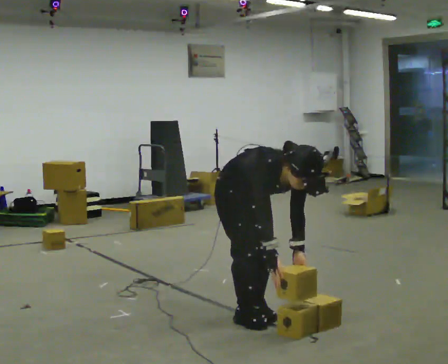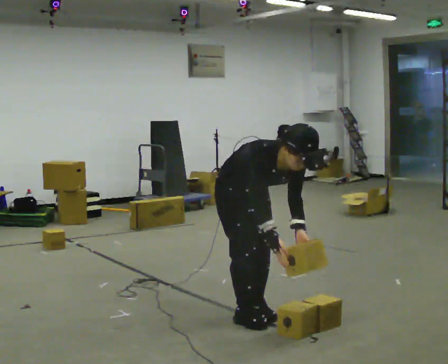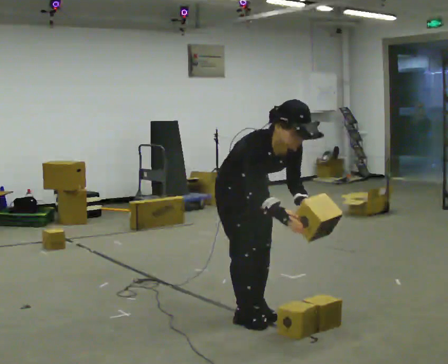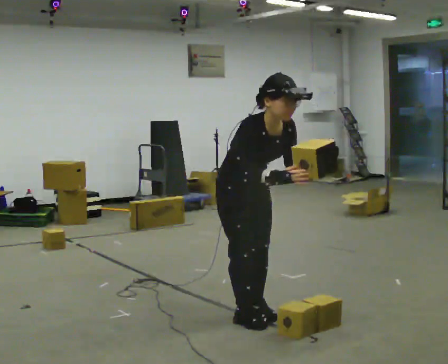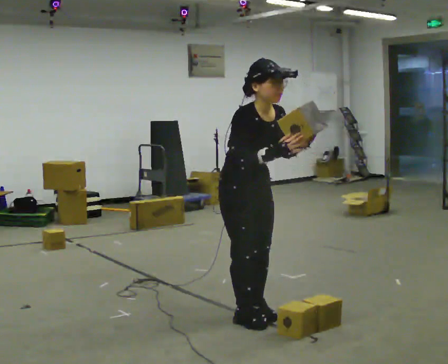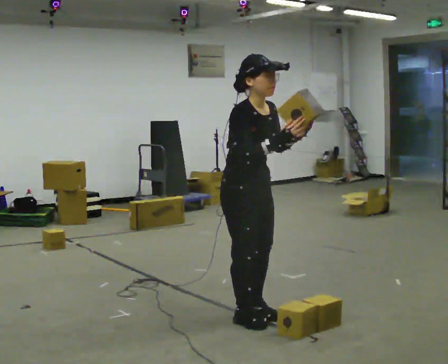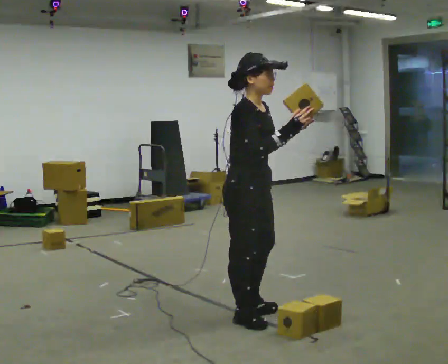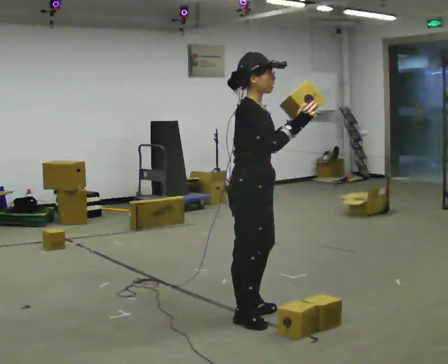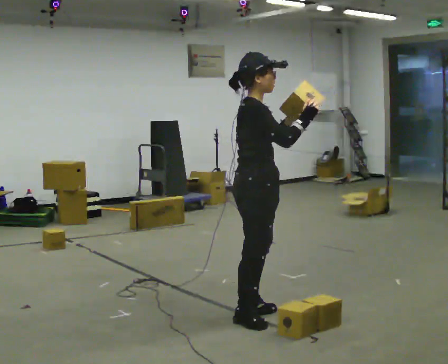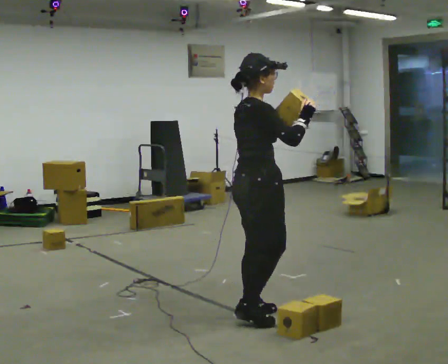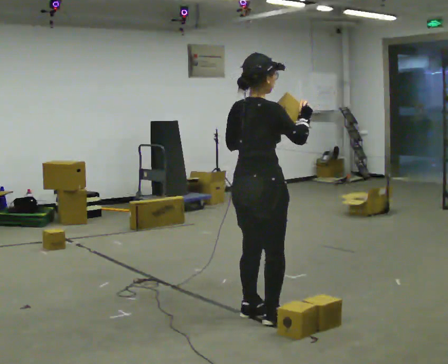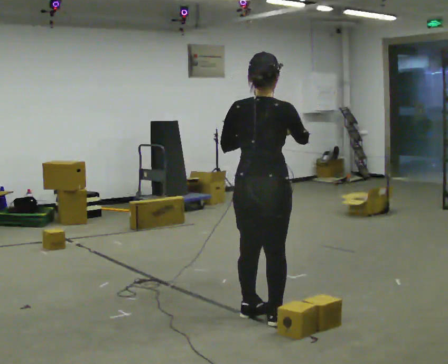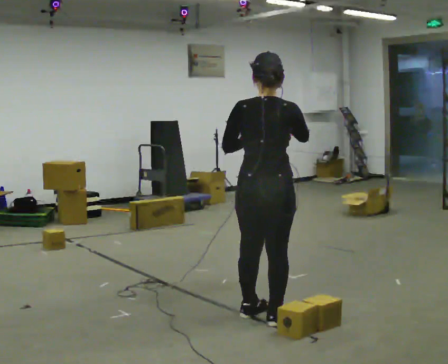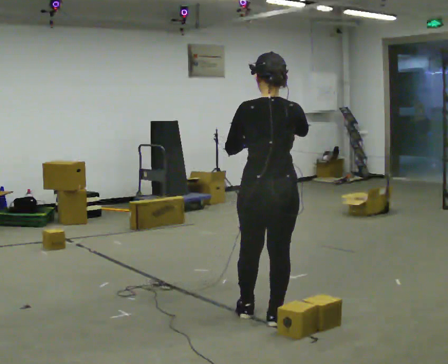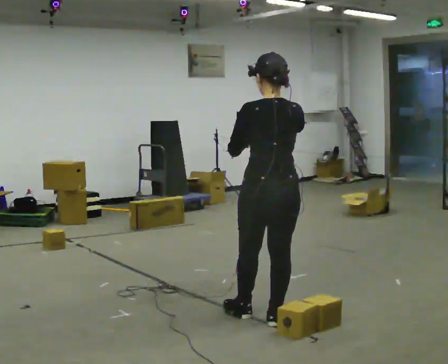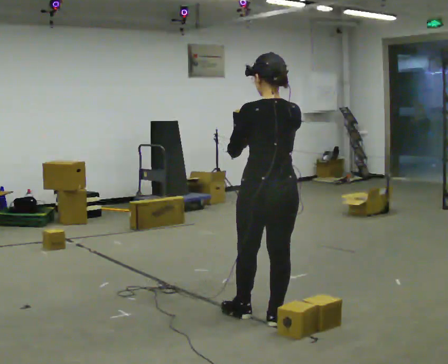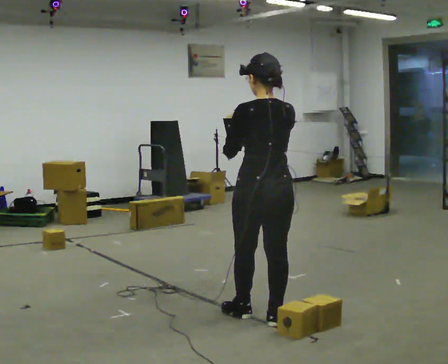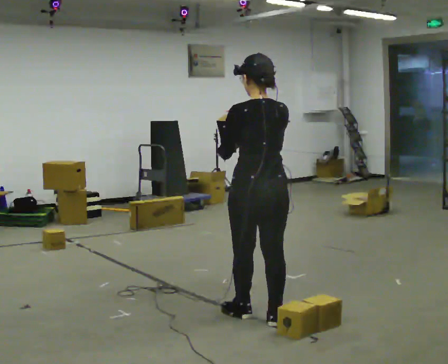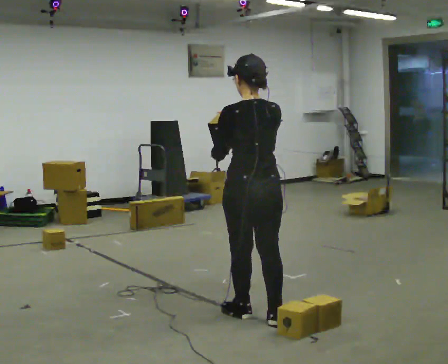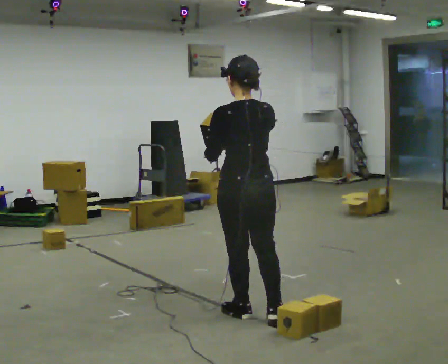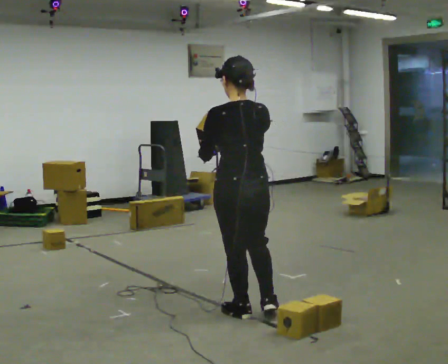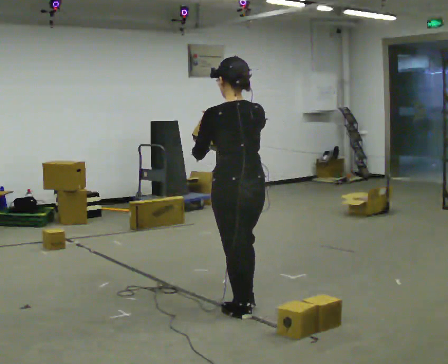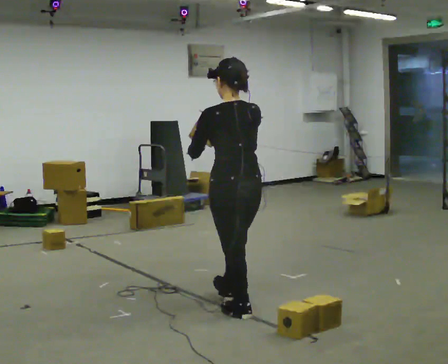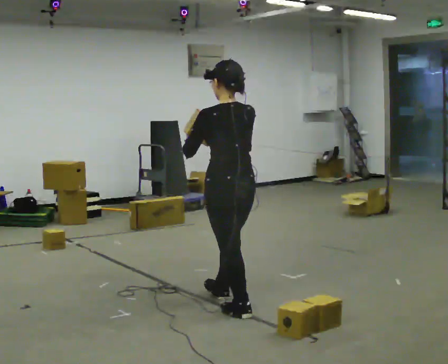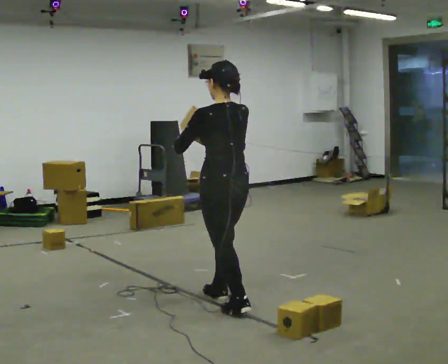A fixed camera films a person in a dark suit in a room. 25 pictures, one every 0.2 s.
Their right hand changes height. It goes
upward.
The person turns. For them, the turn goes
to their left.
0.0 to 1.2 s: The part of the body nearest the lens slides to the right as the person turns to their left by about 30 degrees. The shoulders move upward. The upper body tips away from the camera, its near side rolling upward, as they lean back or straighten. In the picture their right hand goes upward.
1.2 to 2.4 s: The part of the body nearest the lens slides to the right as the person turns to their left by about 105 degrees.
2.4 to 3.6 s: The person moves a little, or ends about where they began.
3.6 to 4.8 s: In the picture they go away from the camera and to the left, about 0.25 m in 1 step, which for them is forward.
The film runs forward here.
